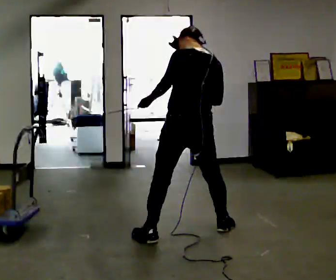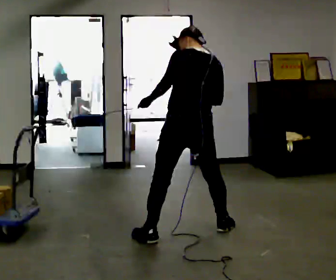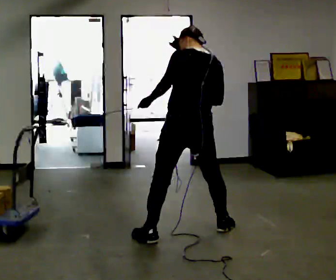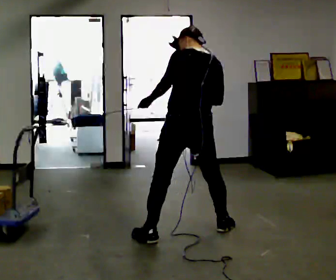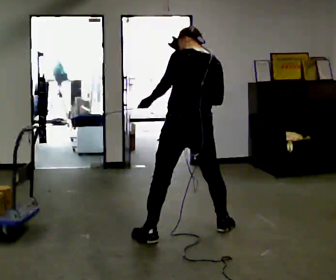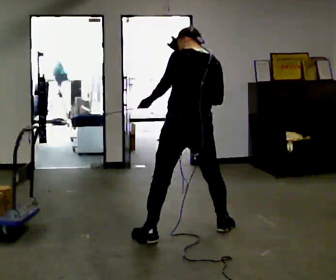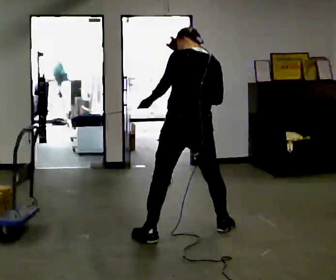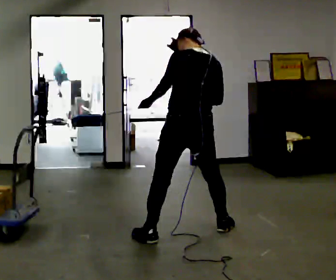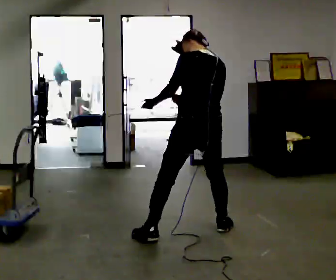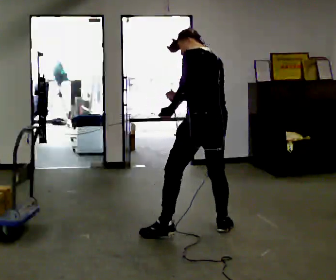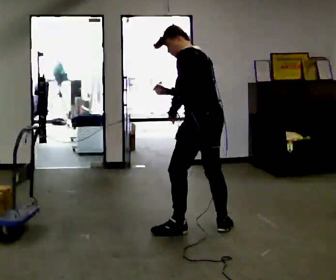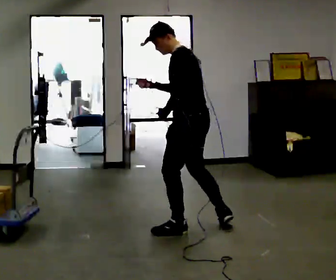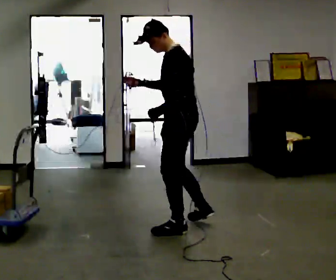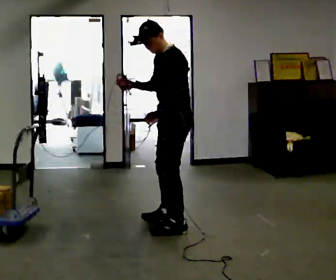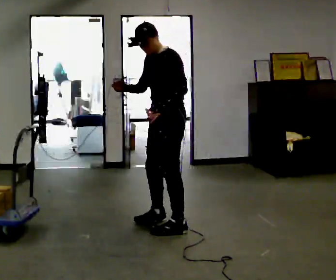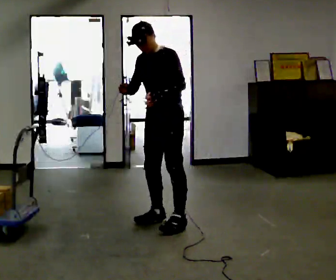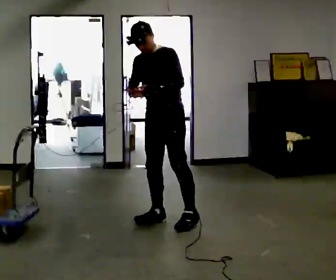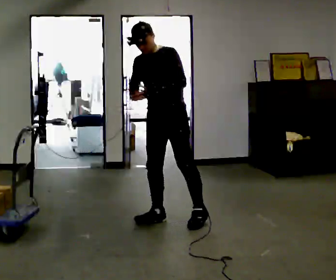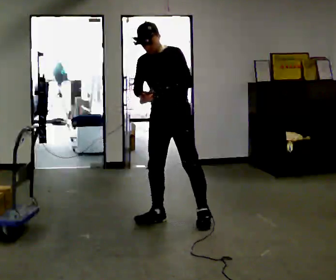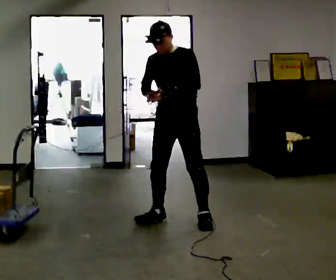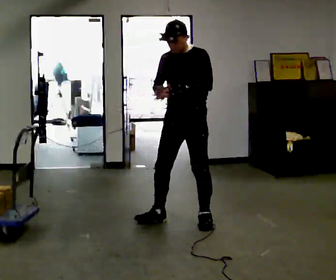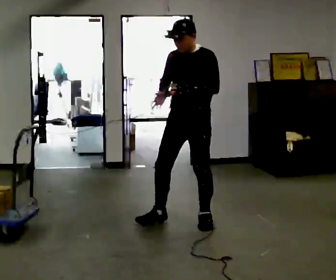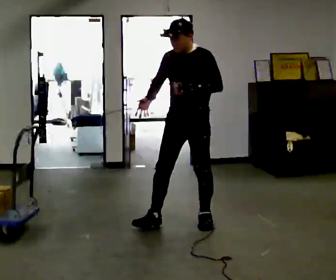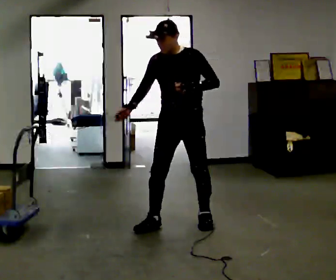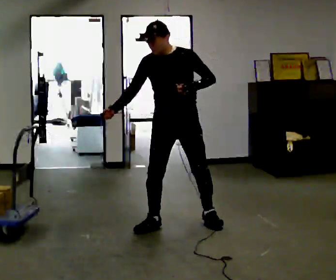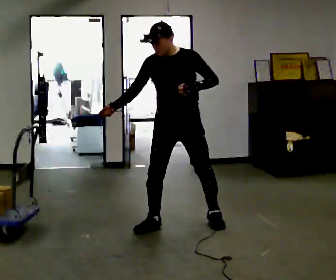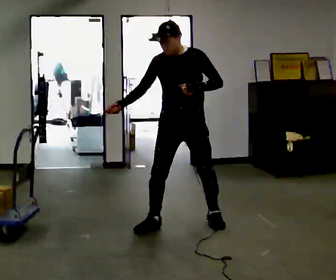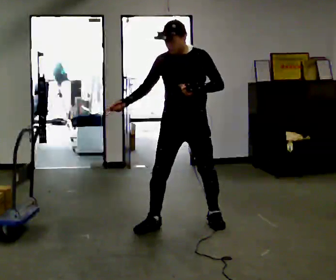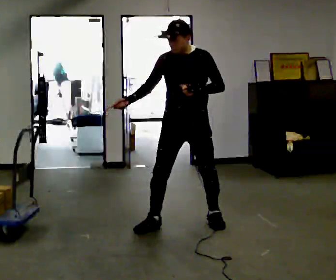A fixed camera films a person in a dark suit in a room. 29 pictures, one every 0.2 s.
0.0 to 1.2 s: The person keeps their place and pose.
1.2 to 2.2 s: The part of the body nearest the lens slides to the right as the person turns to their left by about 60 degrees. In the picture they go away from the camera, about 0.25 m in 1 step. In the picture the upper body tilts counterclockwise, shoulders to the left. In the picture their right hand goes to the left.
2.2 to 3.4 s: Seen from above the body turns counterclockwise, about 75 degrees: to their left, with its near side sliding to the right. In the picture they go away from the camera and to the left, about 0.5 m in 2 steps.
3.4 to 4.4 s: In the picture they go to the right, about 0.25 m, which for them is to their left.
4.4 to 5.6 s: The person moves a little, or ends about where they began.
The film runs forward here.
